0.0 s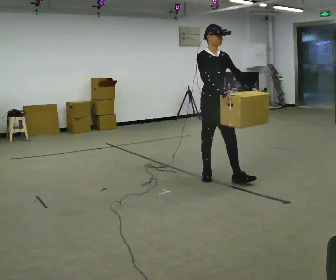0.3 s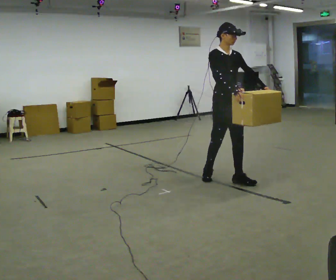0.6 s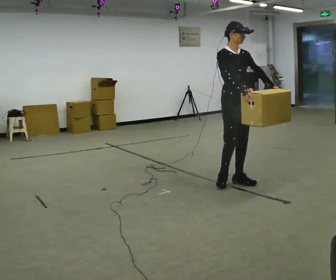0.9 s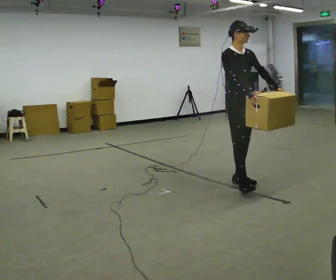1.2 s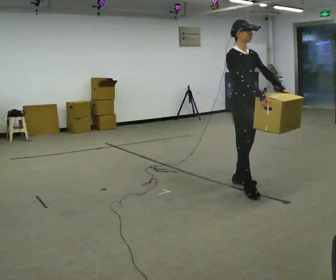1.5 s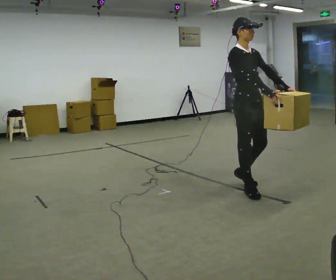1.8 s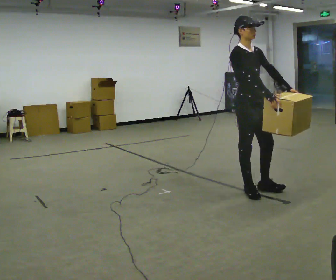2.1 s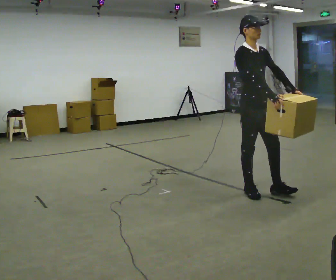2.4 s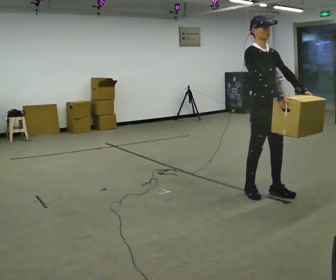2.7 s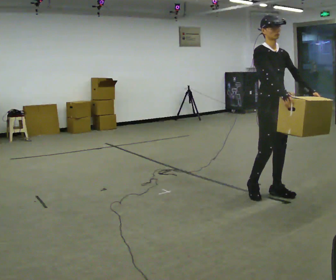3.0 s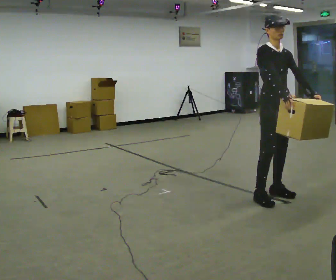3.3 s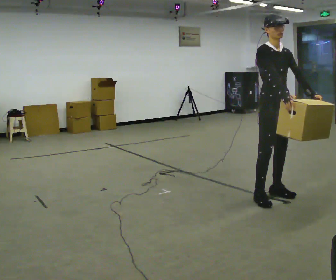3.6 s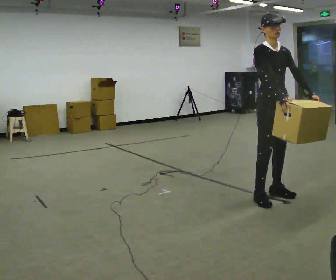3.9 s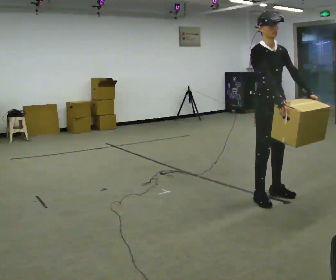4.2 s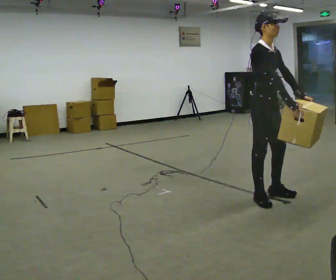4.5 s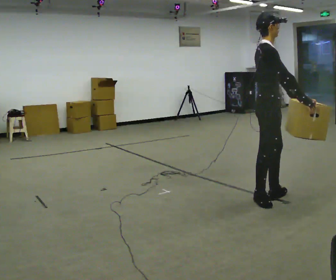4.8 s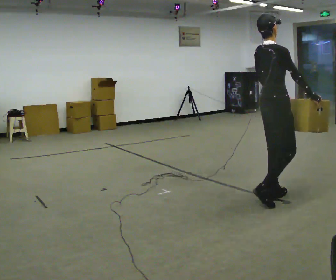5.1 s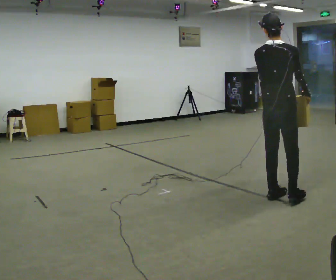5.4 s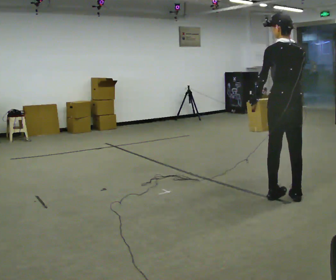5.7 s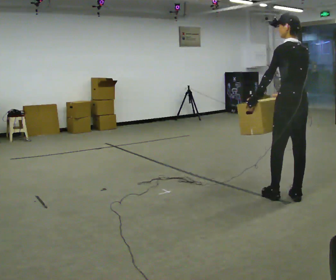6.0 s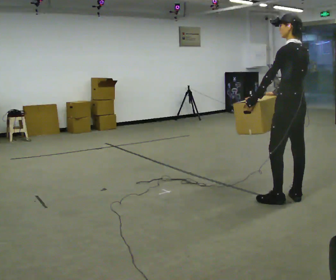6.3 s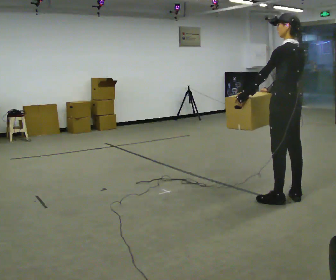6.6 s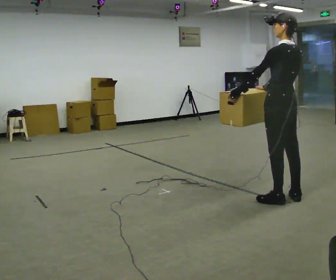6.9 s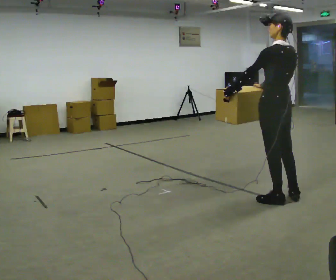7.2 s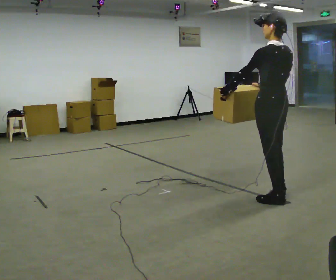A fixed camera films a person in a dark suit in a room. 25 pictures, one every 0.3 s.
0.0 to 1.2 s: In the picture they go to the right and toward the camera, about 0.5 m in 1 step, which for them is forward.
1.2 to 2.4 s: In the picture they go to the right and toward the camera, about 0.25 m in 1 step, which for them is forward.
2.4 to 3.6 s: The person moves a little, or ends about where they began.
3.6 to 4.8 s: The person turns about 90 degrees to their left, counterclockwise seen from above, so the part of the body nearest the lens slides to the right. In the picture their right hand goes to the right.
4.8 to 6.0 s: The part of the body nearest the lens slides to the right as the person turns to their left by about 105 degrees. In the picture they go to the right, about 0.25 m in 1 step. In the picture their right hand goes to the left, the arm swinging clockwise.
6.0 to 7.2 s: In the picture they go to the left, about 0.25 m, which for them is to their left.
The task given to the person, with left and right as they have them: Carry the box across the room while freely looking around at the walls, ceiling and floor. Keep going until the operator says stop; one object at a time, and do not rush between trips.
The film runs forward here.
